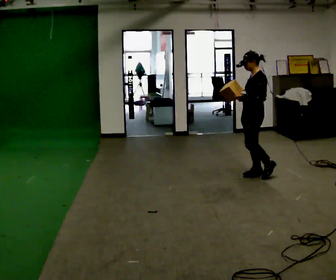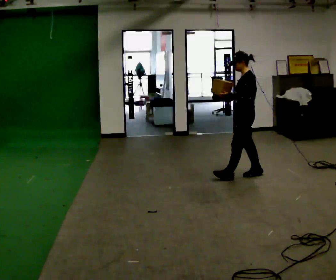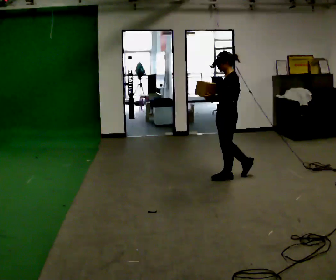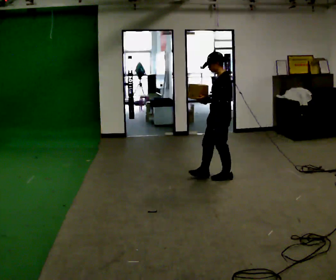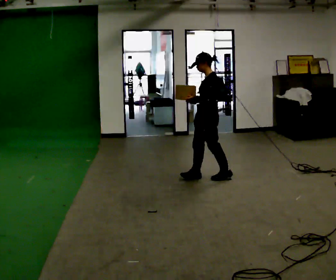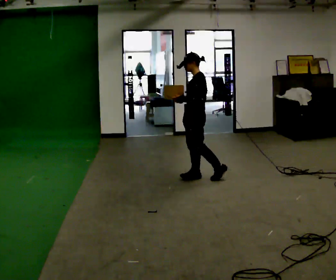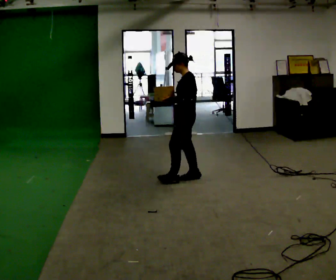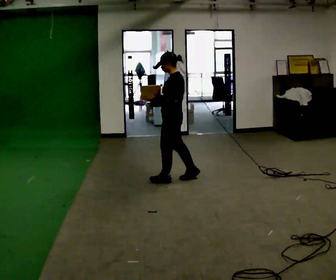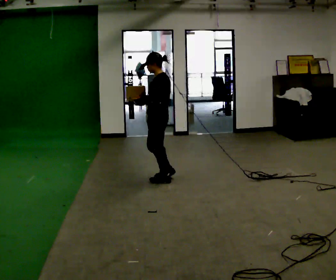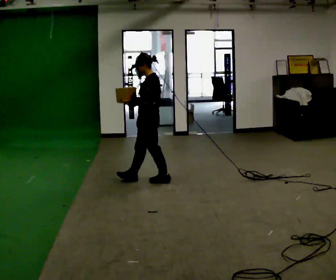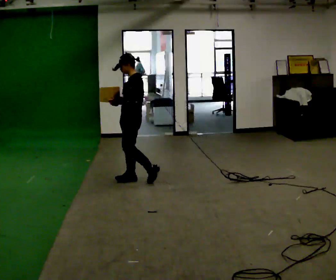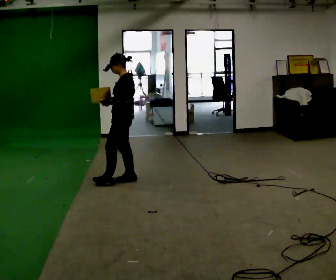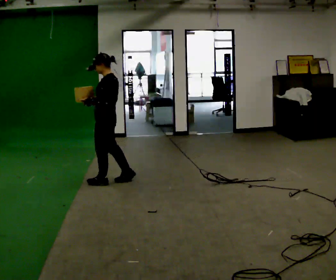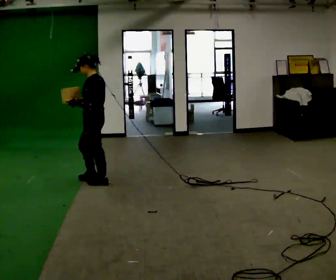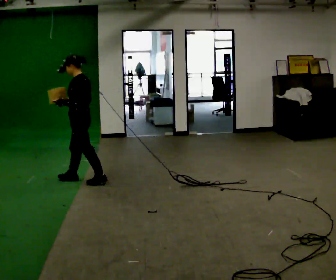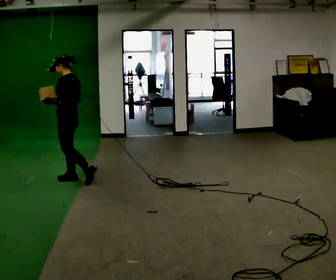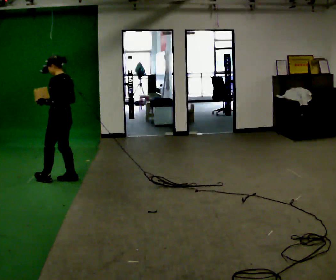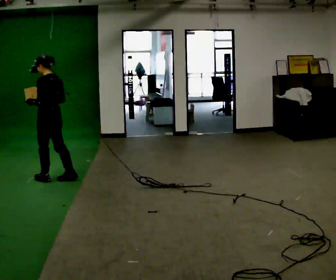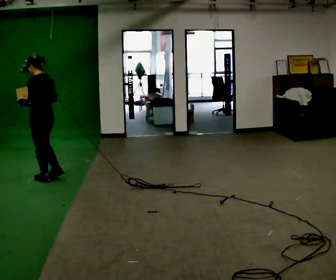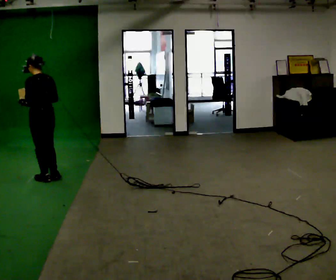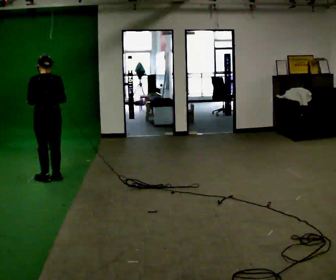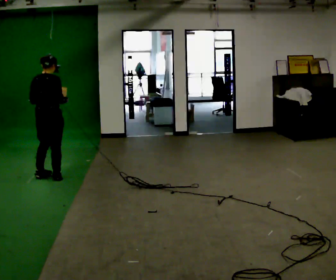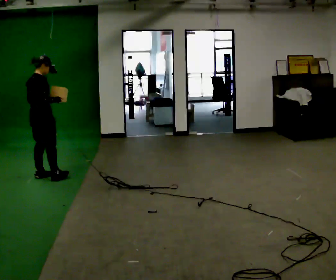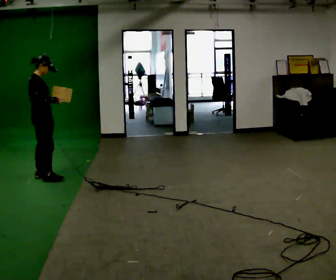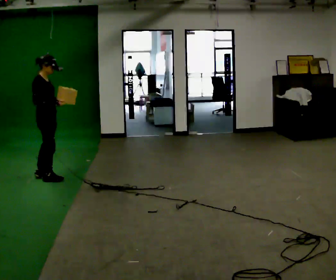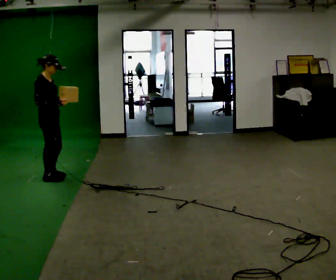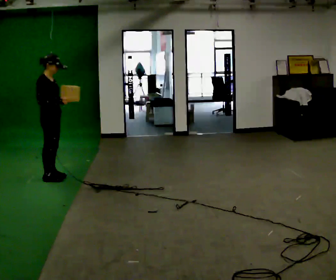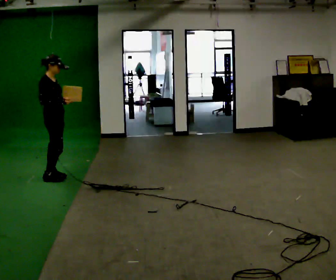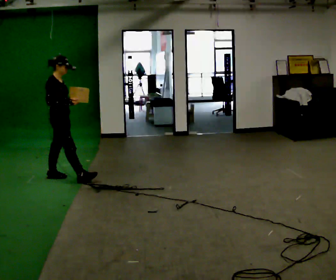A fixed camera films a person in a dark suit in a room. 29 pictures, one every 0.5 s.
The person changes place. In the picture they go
to the left.
0.0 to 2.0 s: In the picture they go to the left, about 0.5 m in 2 steps, which for them is forward.
2.0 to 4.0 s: In the picture they go to the left, about 0.5 m in 1 step, which for them is forward.
4.0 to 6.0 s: In the picture they go to the left, about 0.5 m in 2 steps, which for them is forward.
6.0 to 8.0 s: In the picture they go to the left and away from the camera, about 0.5 m in 1 step, which for them is forward.
8.0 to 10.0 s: The part of the body nearest the lens slides to the left as the person turns to their right by about 60 degrees. In the picture they go to the left, about 0.25 m in 2 steps, which for them is forward.
10.0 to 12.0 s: Seen from above the body turns clockwise, about 105 degrees: to their right, with its near side sliding to the left.
12.0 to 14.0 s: The person moves a little, or ends about where they began.
The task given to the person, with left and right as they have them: Carry the light box in both hands in front of you, walking back and forth across the room. Keep walking until the operator says stop.
The film runs forward here.
